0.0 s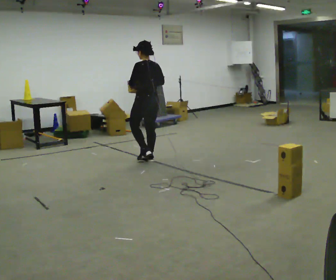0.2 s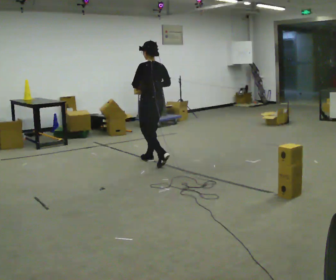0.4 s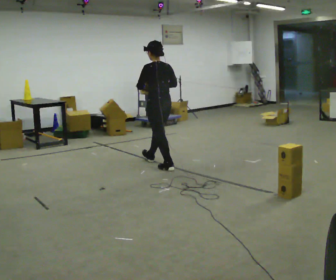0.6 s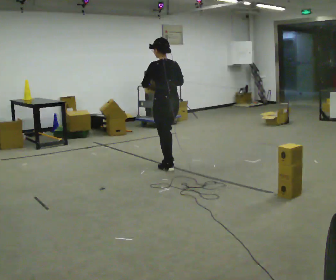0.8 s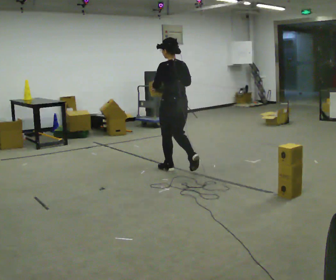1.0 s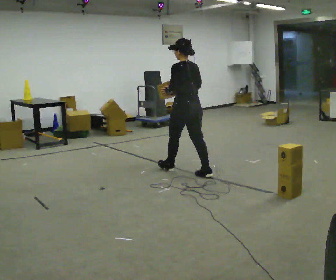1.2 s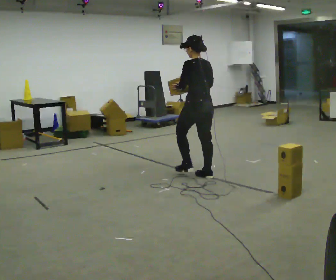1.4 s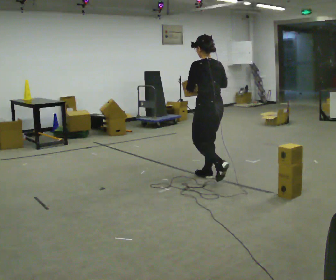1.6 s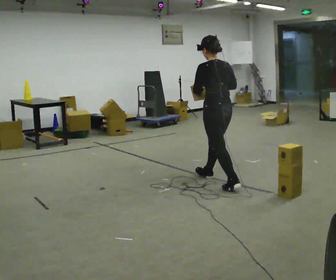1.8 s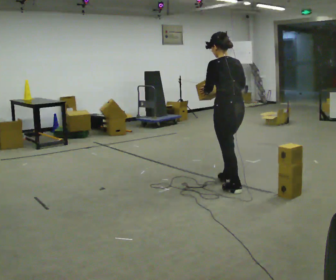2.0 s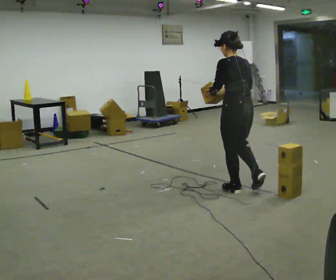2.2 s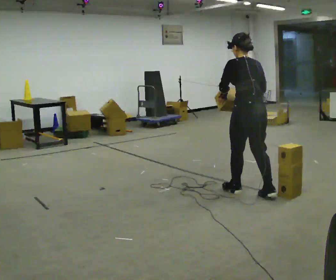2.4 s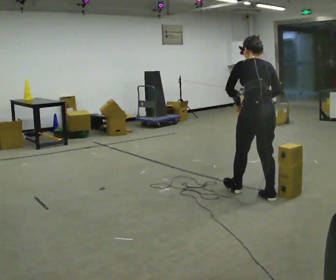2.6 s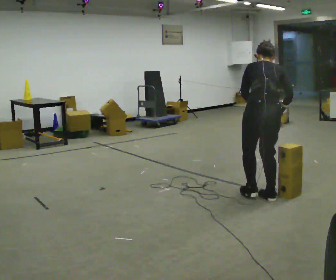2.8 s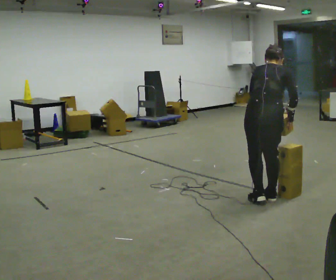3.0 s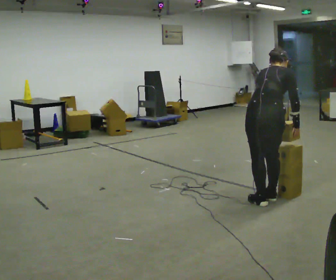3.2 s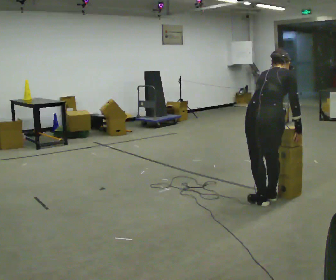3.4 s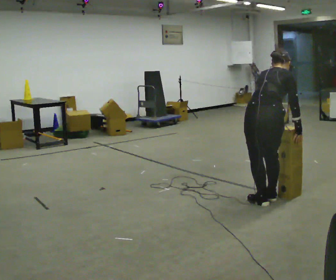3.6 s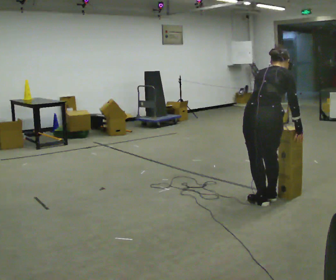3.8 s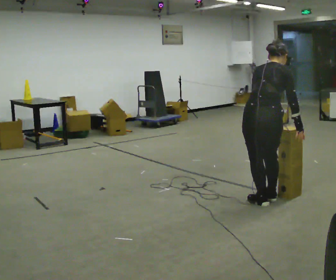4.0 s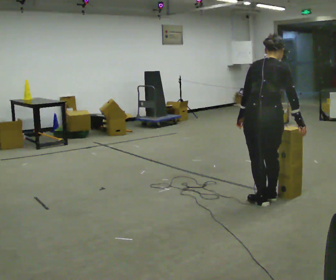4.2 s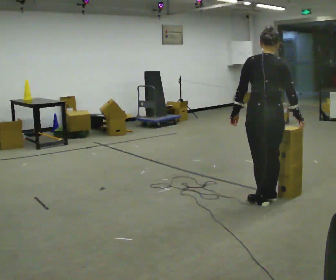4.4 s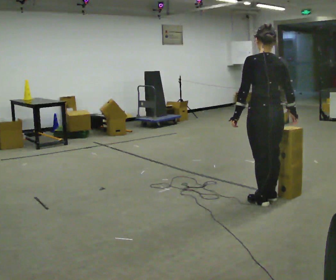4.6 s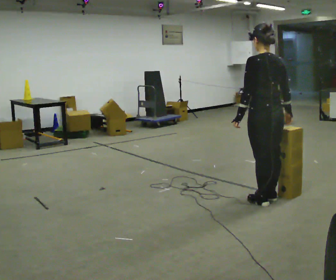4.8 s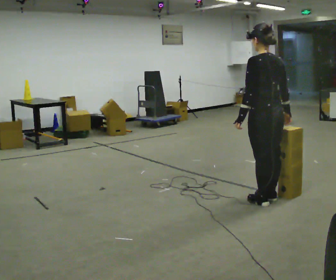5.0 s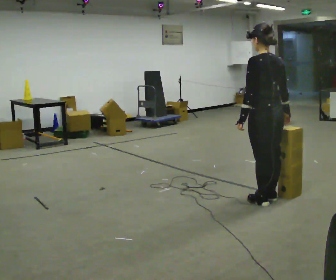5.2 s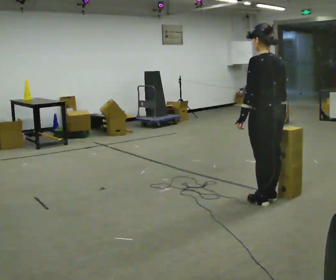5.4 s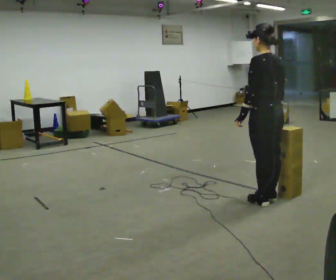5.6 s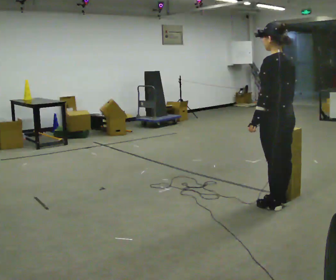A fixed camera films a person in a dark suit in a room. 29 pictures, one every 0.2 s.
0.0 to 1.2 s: In the picture they go to the right and toward the camera, about 1 m in 2 steps, which for them is backward.
1.2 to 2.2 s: In the picture they go toward the camera and to the right, about 1 m in 1 step, which for them is backward.
2.2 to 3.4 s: Seen from above the body turns clockwise, about 60 degrees: to their right, with its near side sliding to the left. In the picture they go toward the camera, about 0.25 m in 1 step, which for them is backward and to their right. In the picture the upper body tilts clockwise, shoulders to the right, as they bend forward.
3.4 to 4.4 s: The part of the body nearest the lens slides to the right as the person turns to their left by about 45 degrees. The upper body tips toward the camera, its near side rolling downward, as they lean back or straighten. In the picture their left hand goes to the left.
4.4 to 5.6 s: The part of the body nearest the lens slides to the right as the person turns to their left by about 30 degrees.
The film runs backward here.
